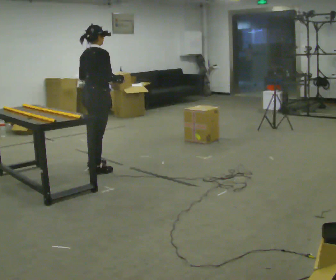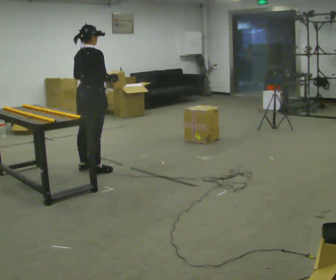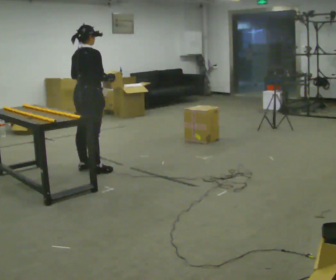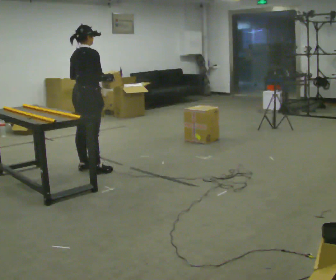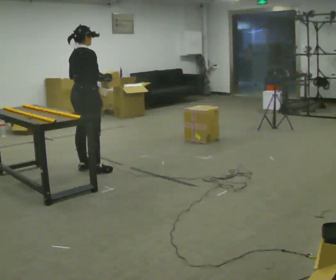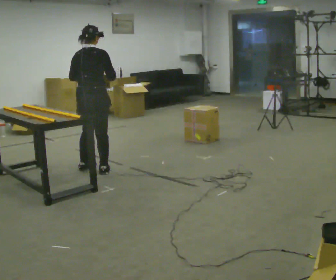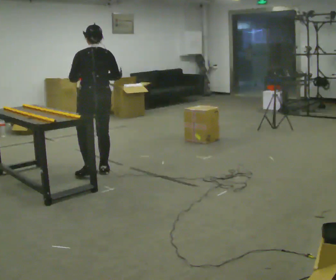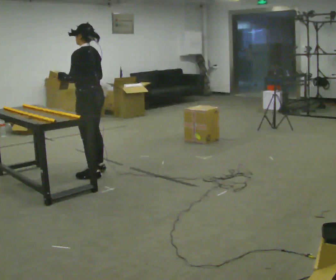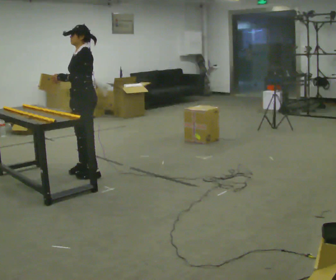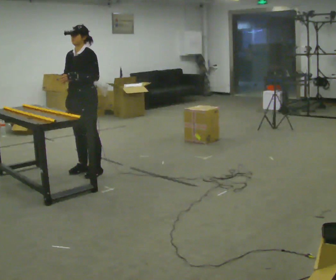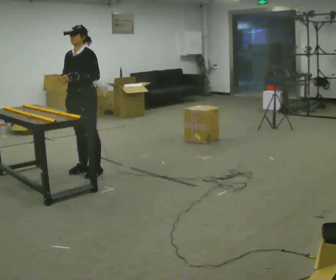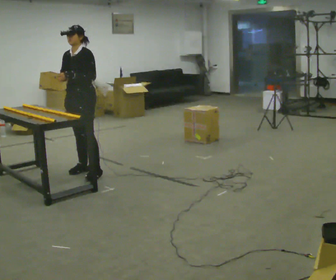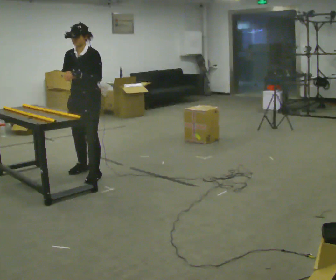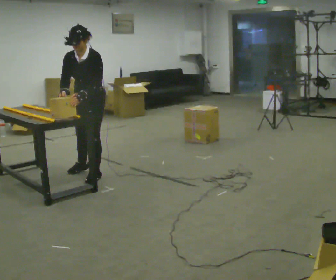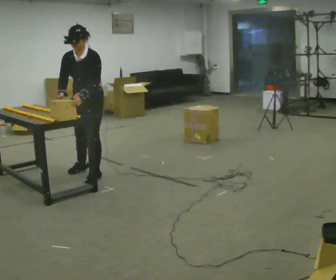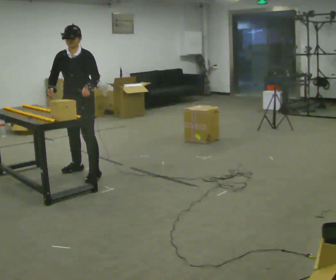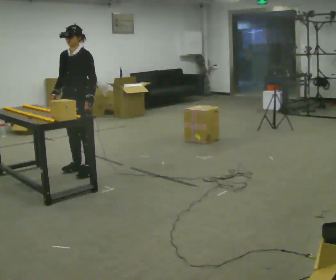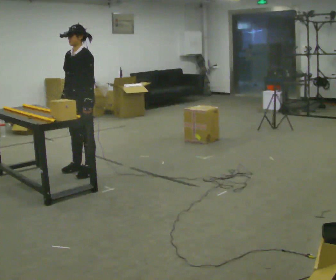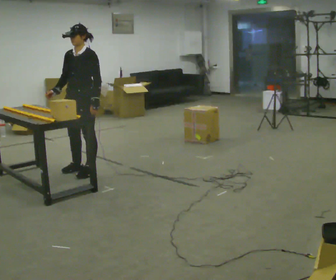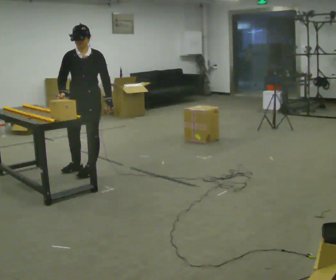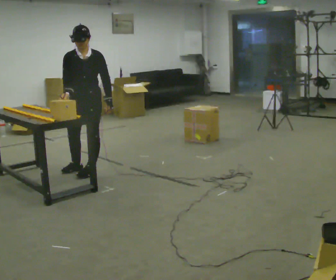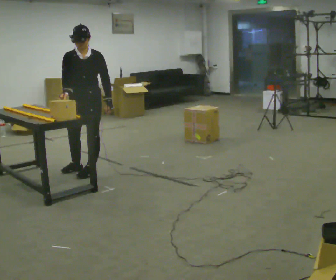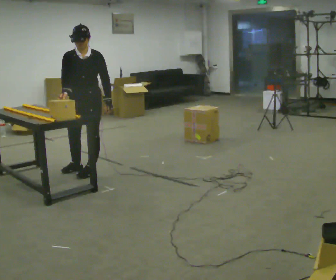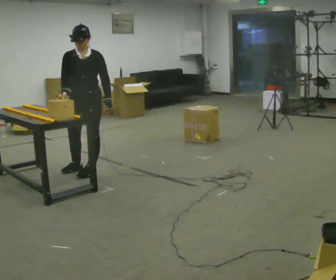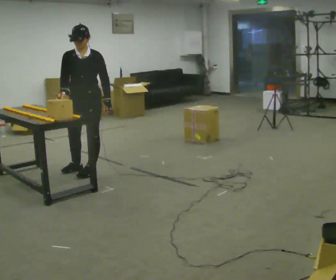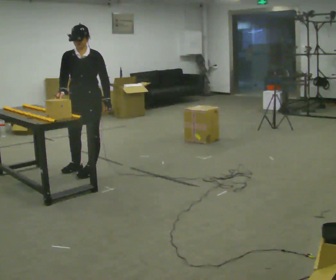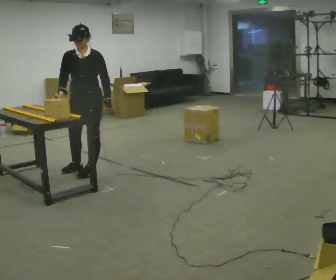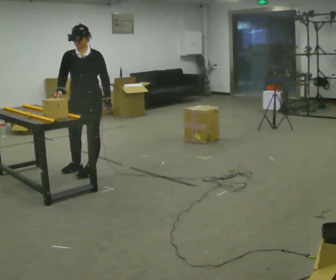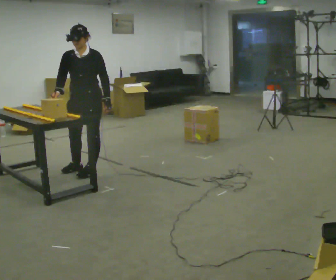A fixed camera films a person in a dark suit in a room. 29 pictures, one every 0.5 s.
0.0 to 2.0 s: The person moves a little, or ends about where they began.
2.0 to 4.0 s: Seen from above the body turns counterclockwise, about 165 degrees: to their left, with its near side sliding to the right. In the picture their right hand goes to the left.
4.0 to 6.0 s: Seen from above the body turns counterclockwise, about 30 degrees: to their left, with its near side sliding to the right.
6.0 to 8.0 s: In the picture they go away from the camera, about 0.25 m, which for them is to their right.
8.0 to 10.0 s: Seen from above the body turns counterclockwise, about 30 degrees: to their left, with its near side sliding to the right.
10.0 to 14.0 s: The person moves a little, or ends about where they began.
The film runs backward here.
